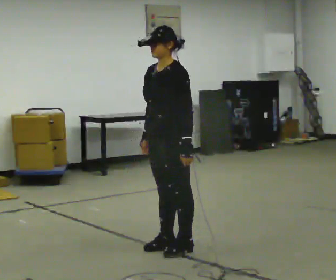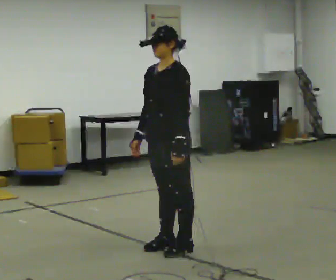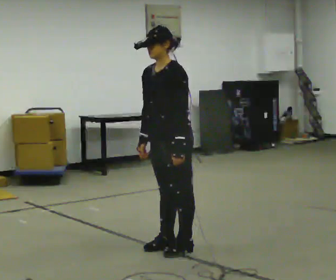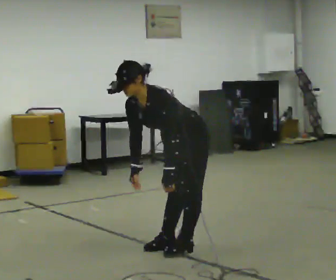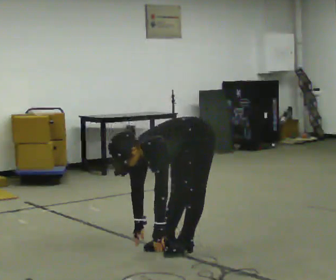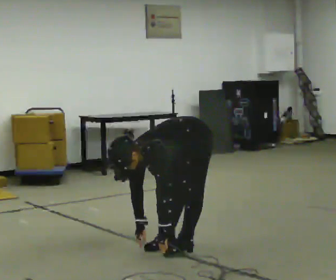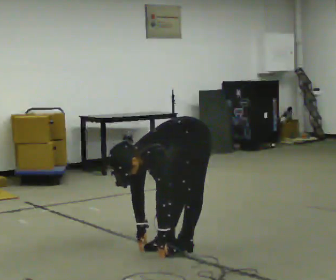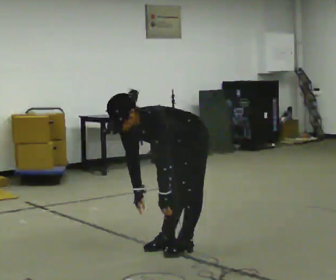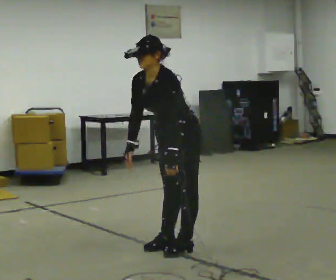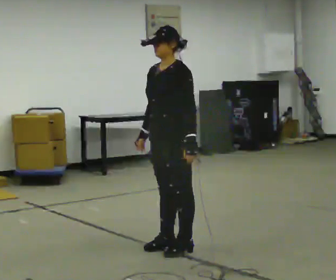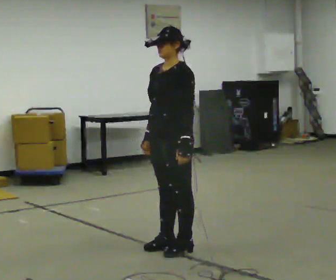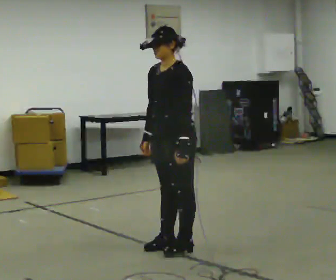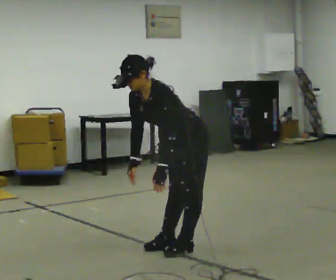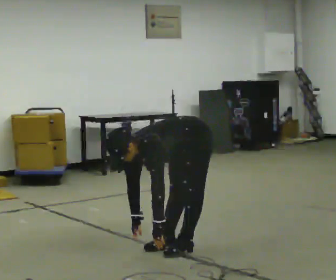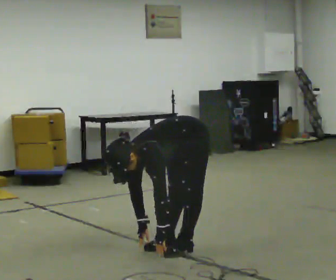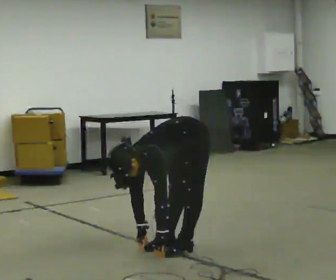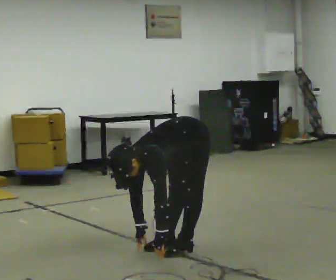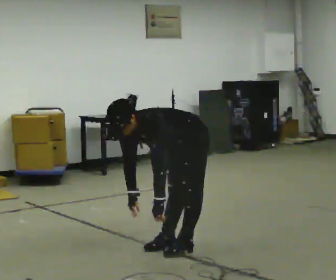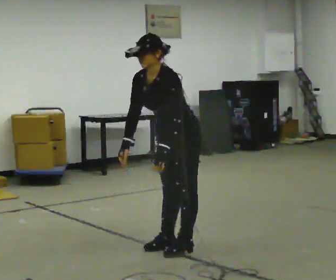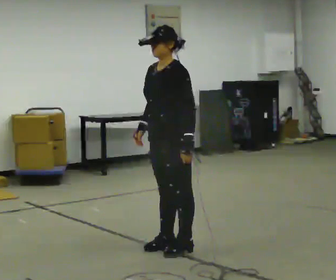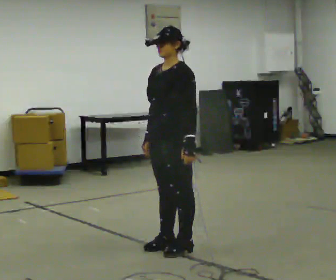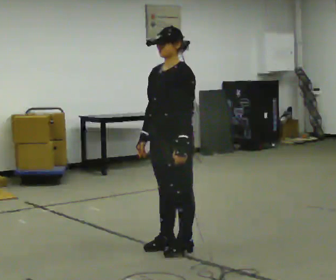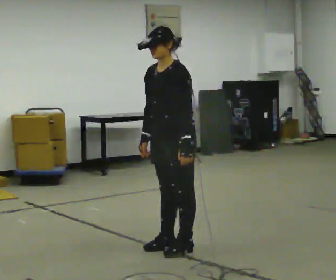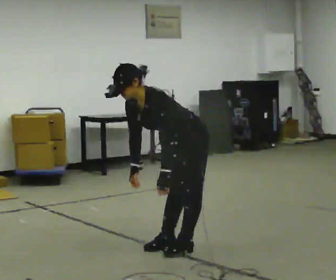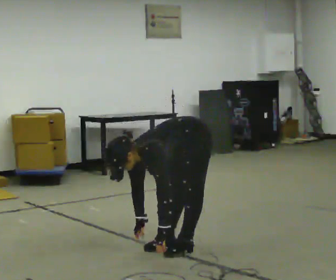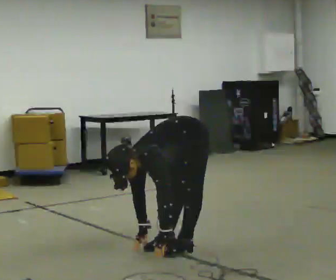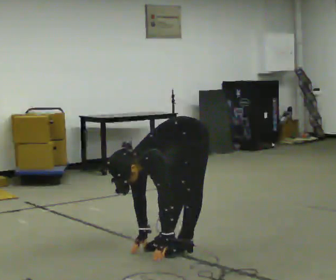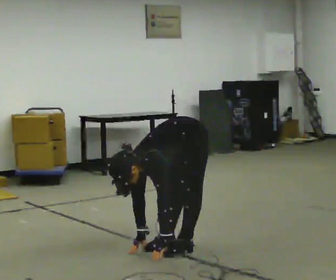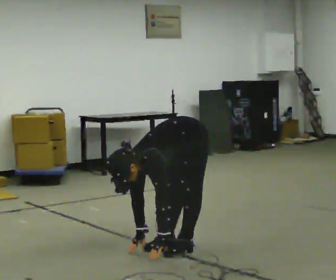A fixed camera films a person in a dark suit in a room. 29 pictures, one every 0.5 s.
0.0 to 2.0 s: The shoulders move downward. In the picture the upper body tilts counterclockwise, shoulders to the left, as they bend forward. In the picture their right hand goes downward.
2.0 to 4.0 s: The shoulders move upward. In the picture the upper body tilts clockwise, shoulders to the right, as they lean back or straighten. In the picture their right hand goes upward.
4.0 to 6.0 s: The person moves a little, or ends about where they began.
6.0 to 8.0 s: The upper body goes downward. In the picture the upper body tilts counterclockwise, shoulders to the left, as they bend forward. In the picture their left hand goes downward.
8.0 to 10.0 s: The shoulders move upward. In the picture the upper body tilts clockwise, shoulders to the right, as they lean back or straighten. In the picture their left hand goes upward.
10.0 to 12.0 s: The shoulders move downward. In the picture the upper body tilts counterclockwise, shoulders to the left, as they bend forward. In the picture their left hand goes downward.
12.0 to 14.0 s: The person moves a little, or ends about where they began.
The film runs forward here.
